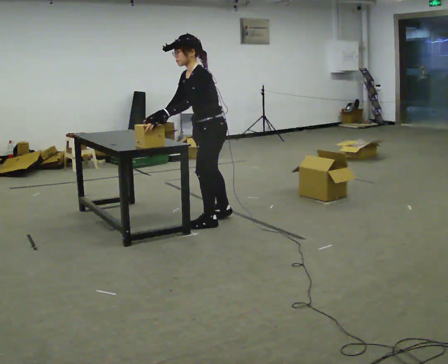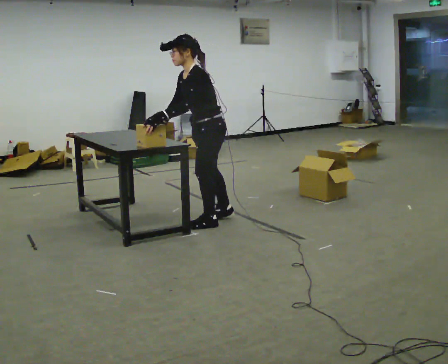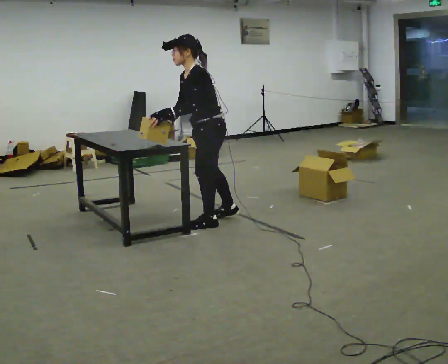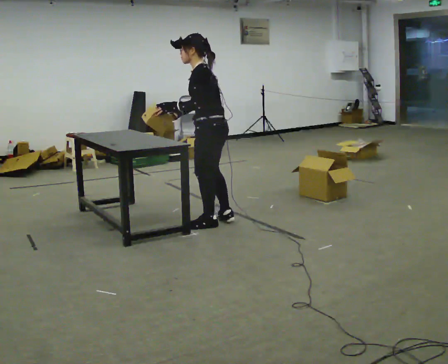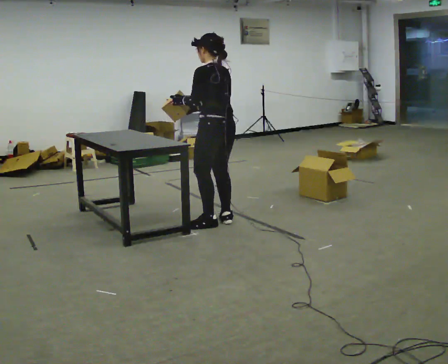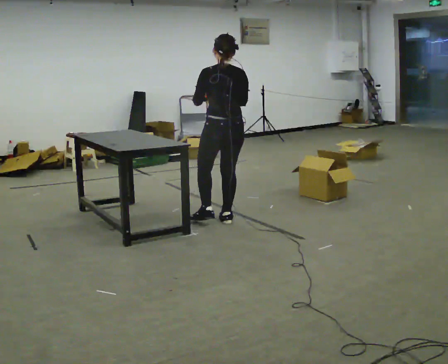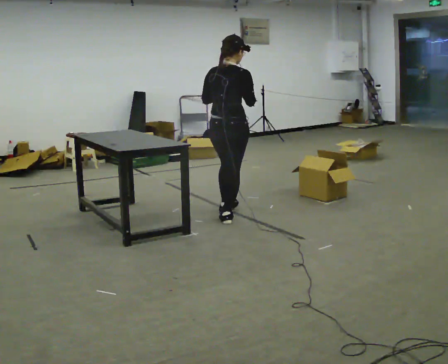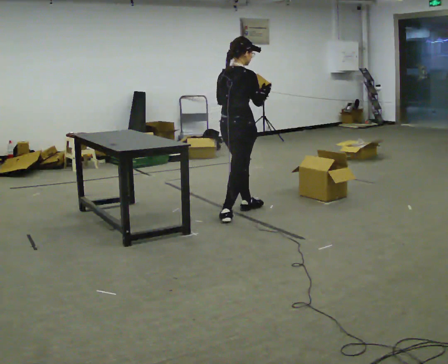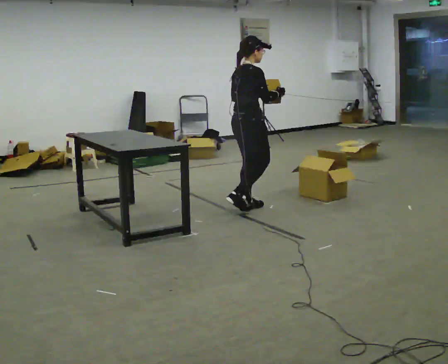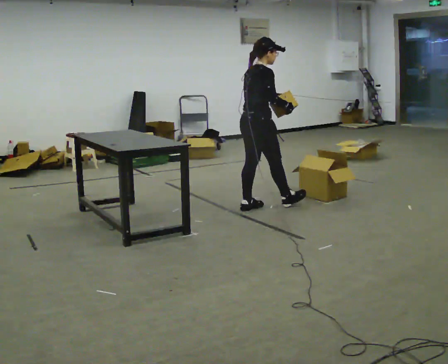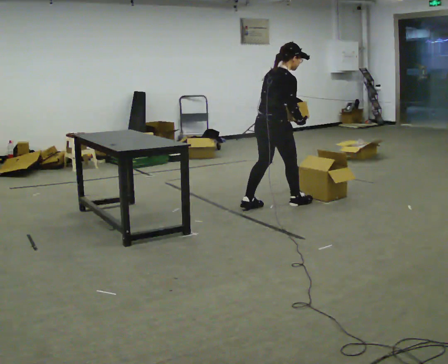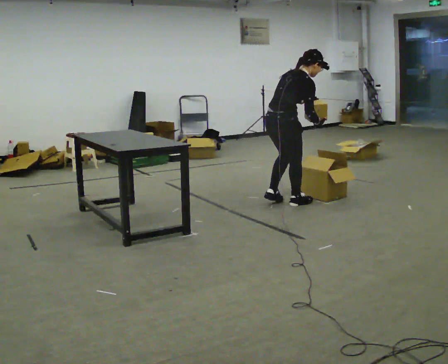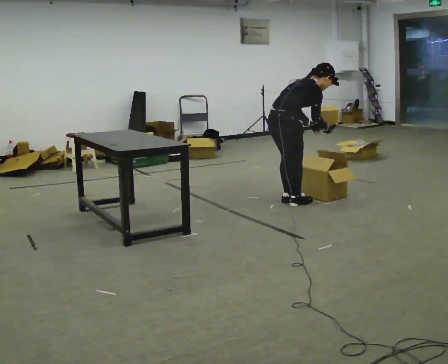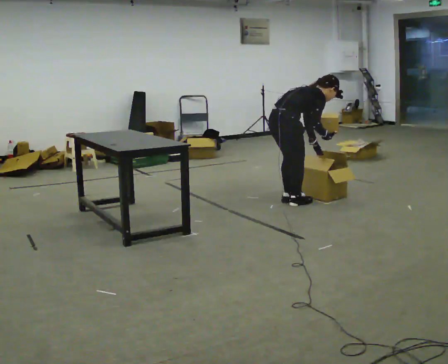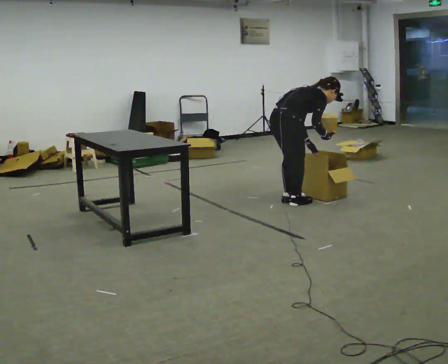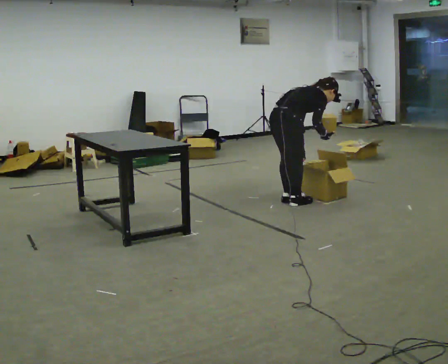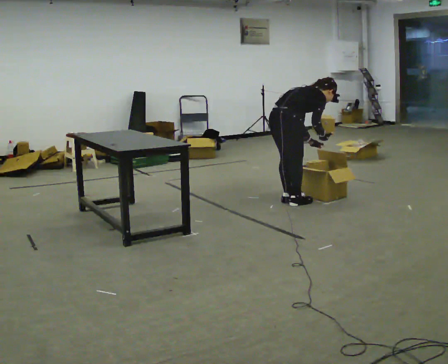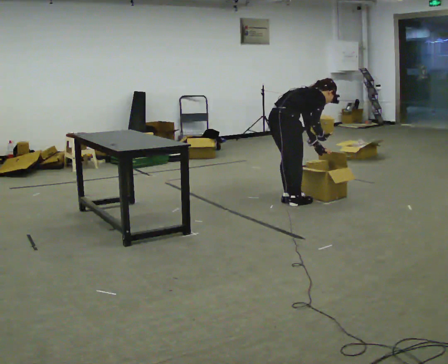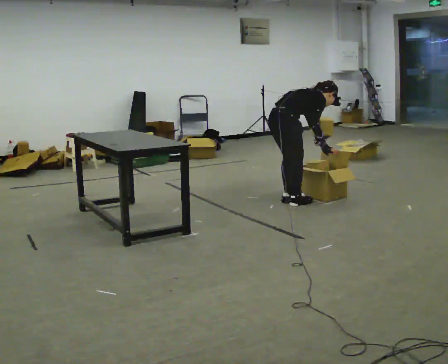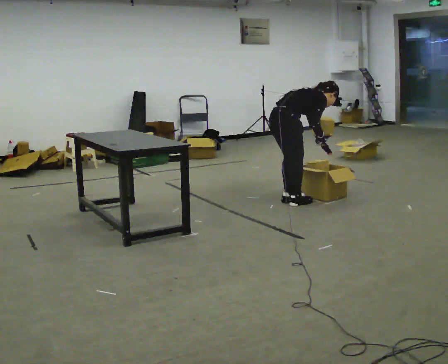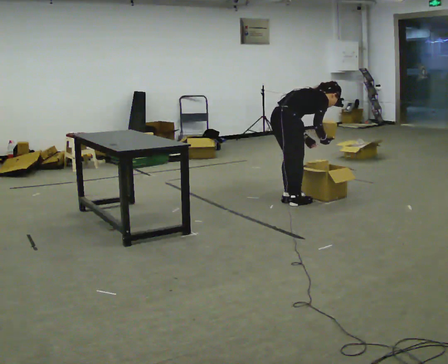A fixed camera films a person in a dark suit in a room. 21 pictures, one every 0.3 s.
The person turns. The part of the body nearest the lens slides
to the left.
The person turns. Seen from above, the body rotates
clockwise.
0.0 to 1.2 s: Seen from above the body turns clockwise, about 60 degrees: to their right, with its near side sliding to the left. The upper body tips away from the camera, its near side rolling upward, as they lean back or straighten.
1.2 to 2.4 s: The person turns about 120 degrees to their right, clockwise seen from above, so the part of the body nearest the lens slides to the left. In the picture they go away from the camera and to the right, about 0.5 m in 1 step.
2.4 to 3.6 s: In the picture they go to the right, about 0.25 m in 2 steps, which for them is forward. In the picture the upper body tilts clockwise, shoulders to the right, as they bend forward. In the picture their right hand goes downward.
3.6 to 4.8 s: The upper body tips away from the camera, its near side rolling upward, as they bend forward.
4.8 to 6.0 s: The person moves a little, or ends about where they began.
The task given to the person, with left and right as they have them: Carry the object across the room, open the lid of the container, put the object inside, and close the lid again. Then go back for the next one. Keep going until the operator says stop; one object at a time, and do not rush between trips.
The film runs forward here.
